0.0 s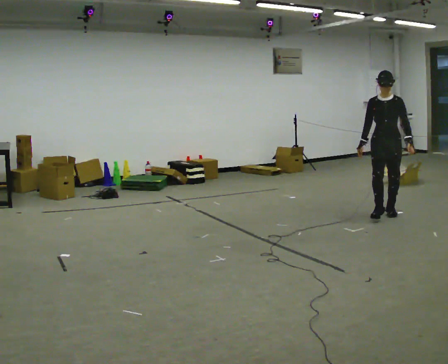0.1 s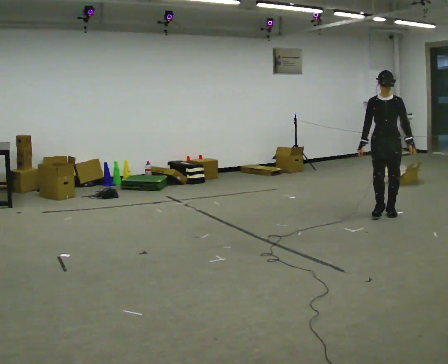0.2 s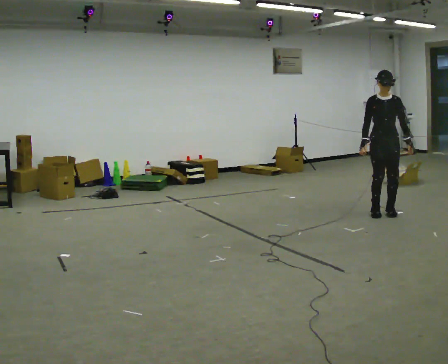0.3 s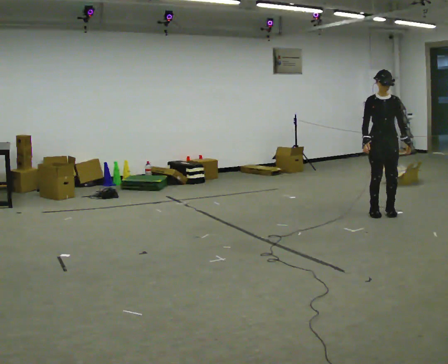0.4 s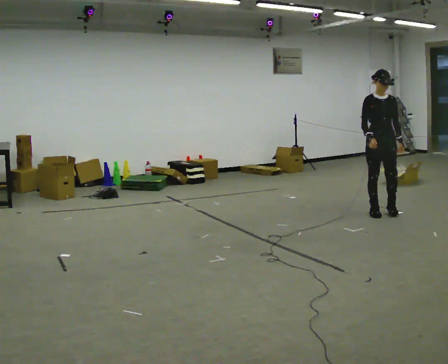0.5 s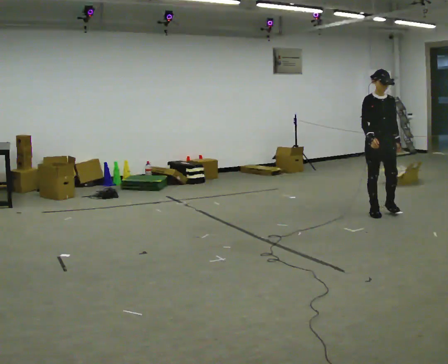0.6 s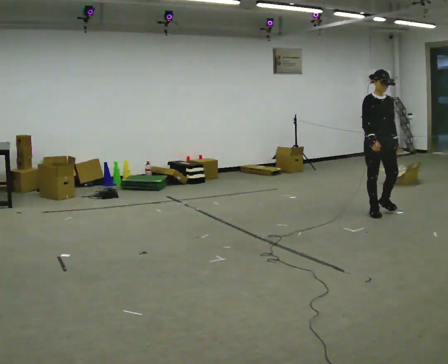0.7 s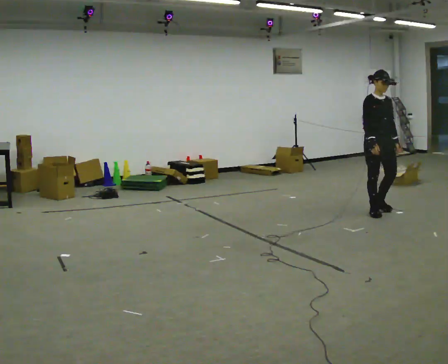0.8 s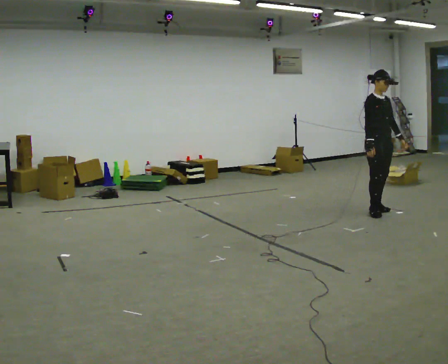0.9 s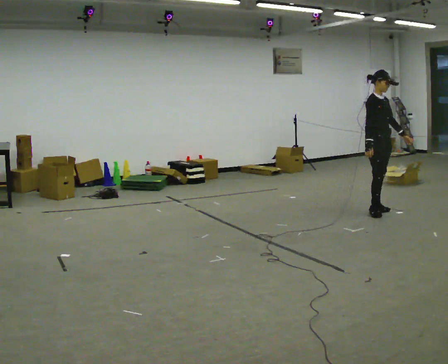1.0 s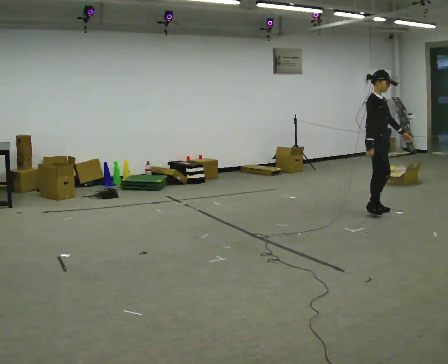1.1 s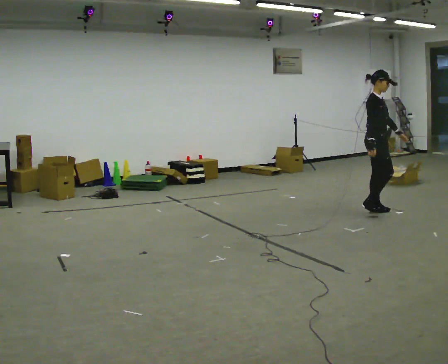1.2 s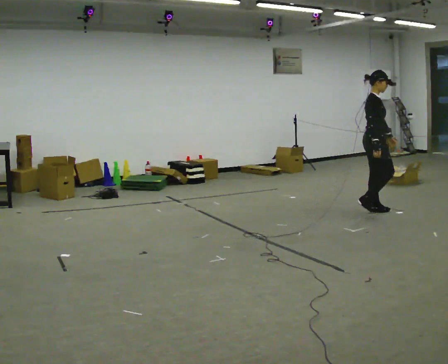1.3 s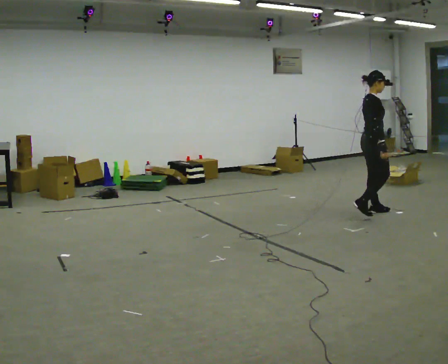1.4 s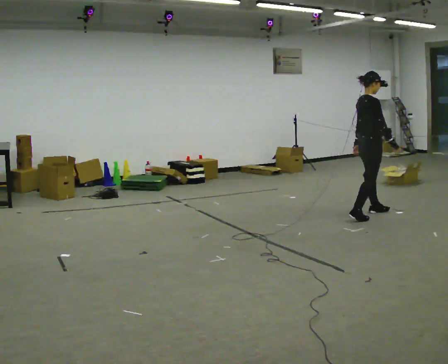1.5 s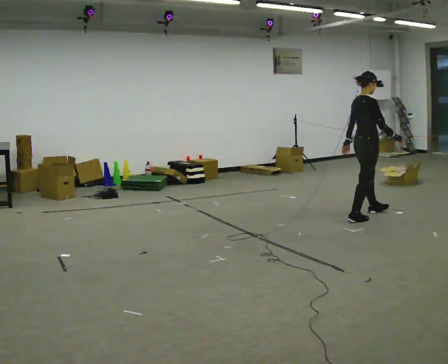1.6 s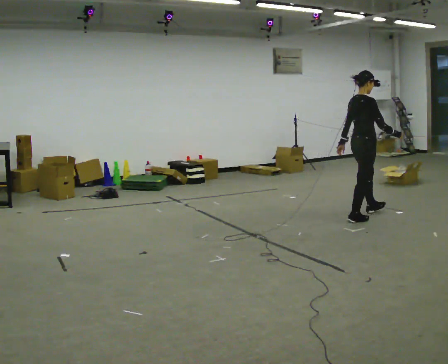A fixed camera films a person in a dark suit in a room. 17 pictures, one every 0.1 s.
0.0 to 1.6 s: Seen from above the body turns counterclockwise, about 120 degrees: to their left, with its near side sliding to the right. In the picture they go to the left, about 0.25 m in 3 steps.
The film runs backward here.
